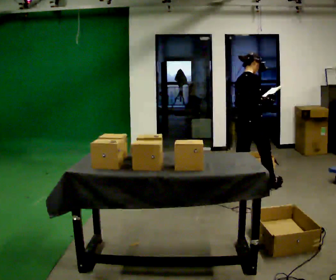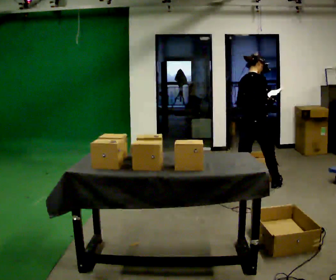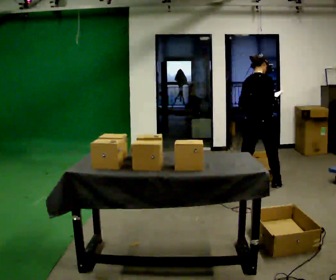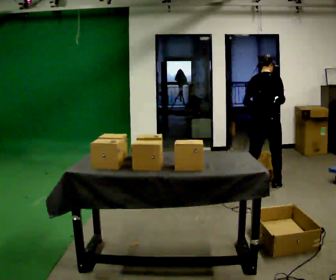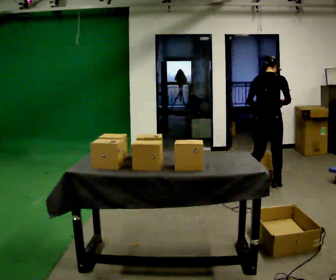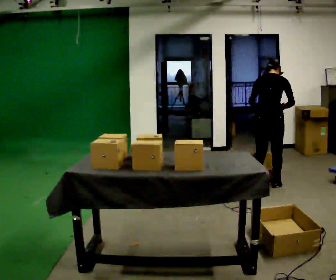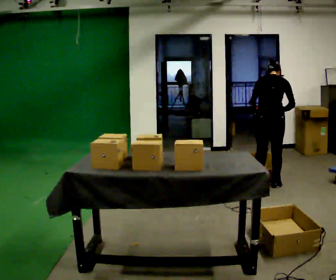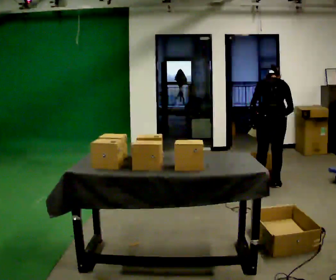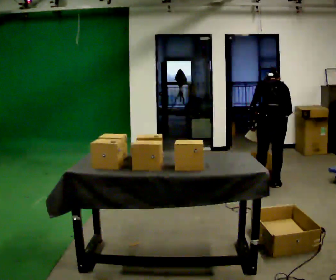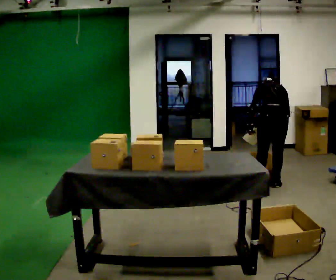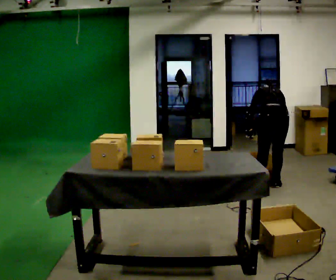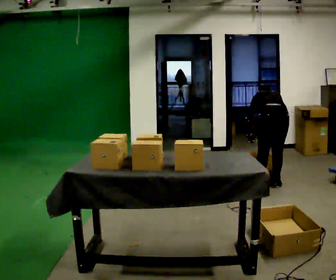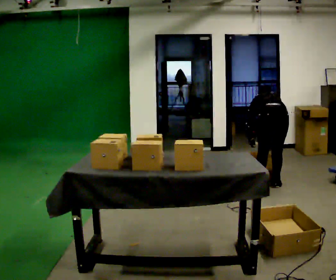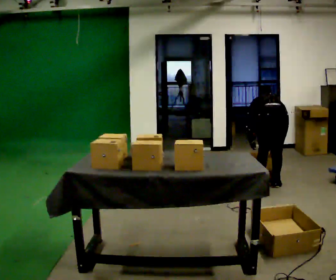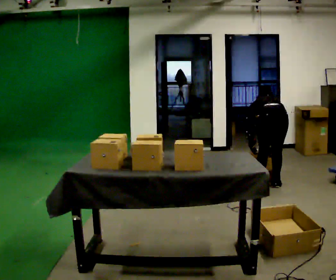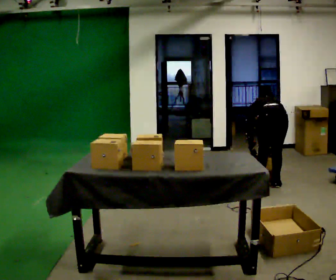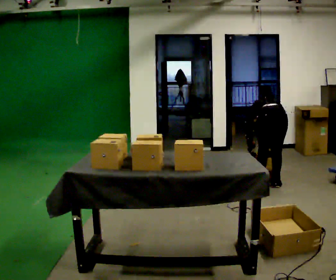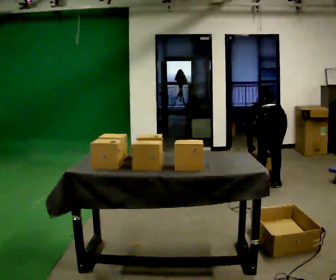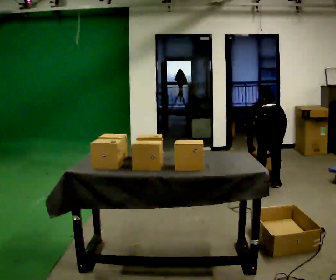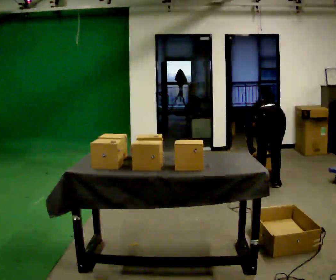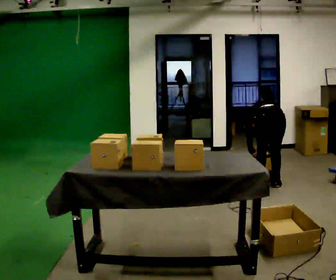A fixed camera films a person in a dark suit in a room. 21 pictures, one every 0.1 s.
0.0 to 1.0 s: The part of the body nearest the lens slides to the right as the person turns to their left by about 75 degrees. In the picture they go to the right, about 0.25 m in 2 steps. The shoulders move downward. The upper body tips away from the camera, its near side rolling upward, as they bend forward. In the picture their left hand goes downward.
1.0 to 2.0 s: The upper body goes downward. In the picture the upper body tilts counterclockwise, shoulders to the left, as they bend forward. In the picture their left hand goes downward.
The film runs forward here.
